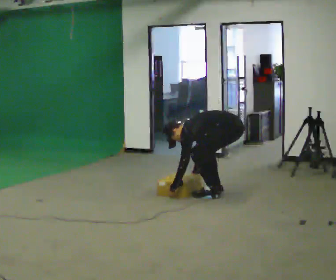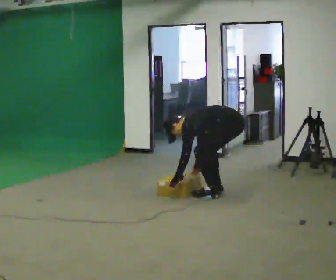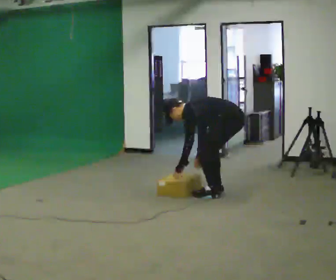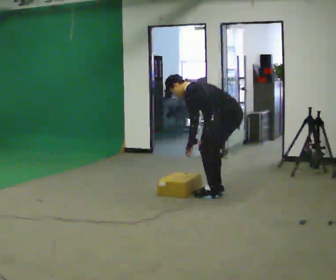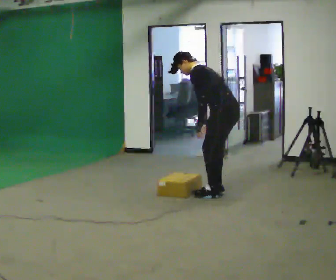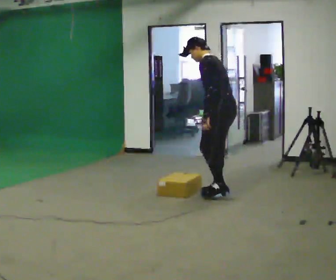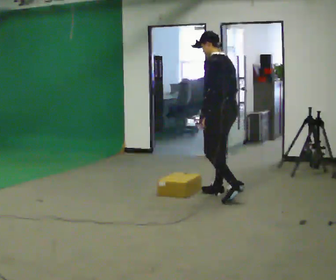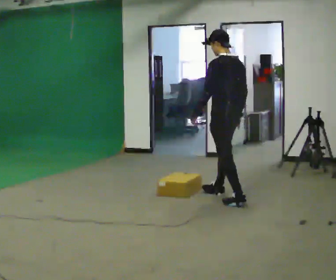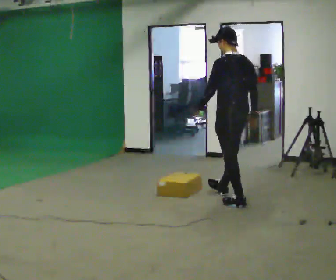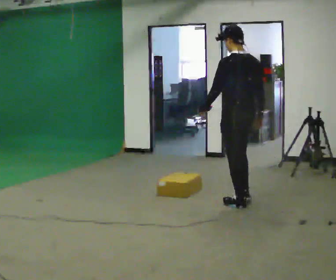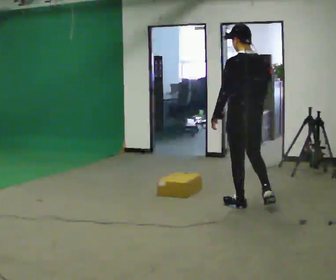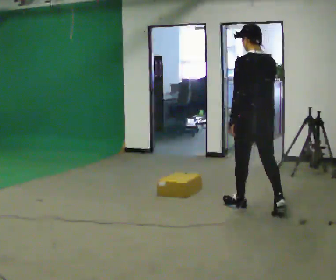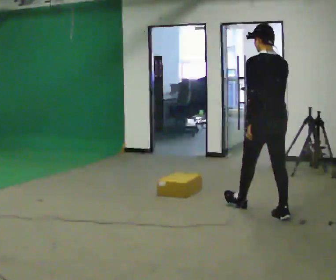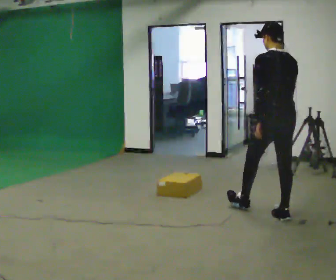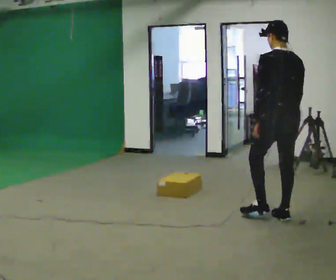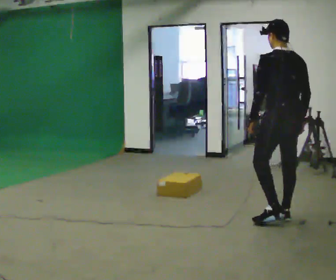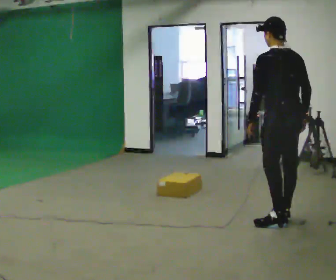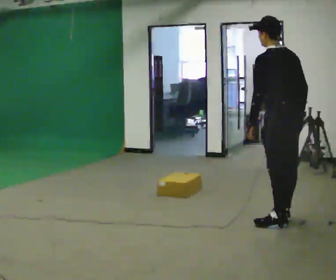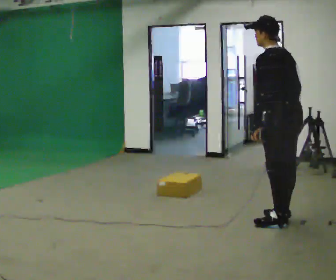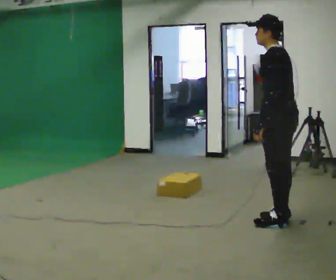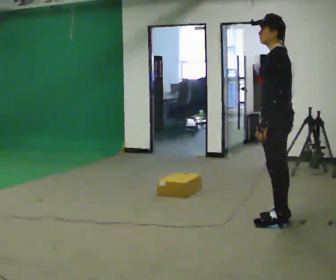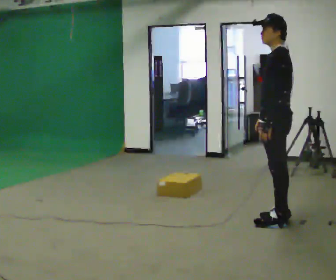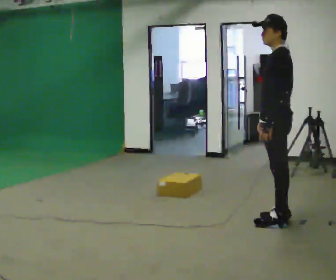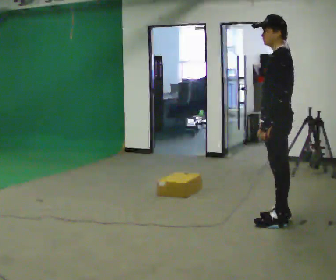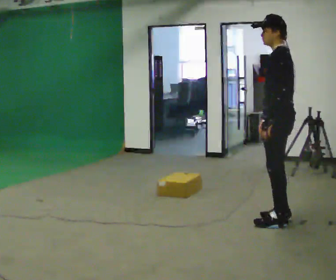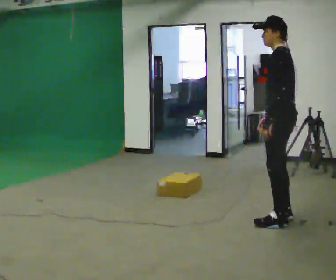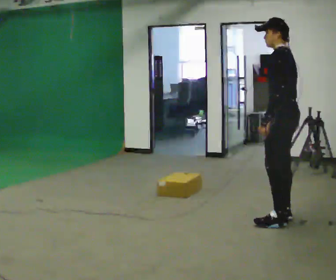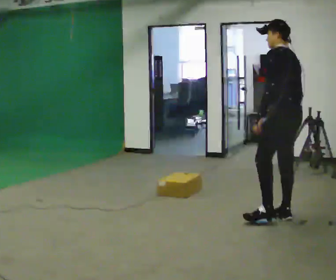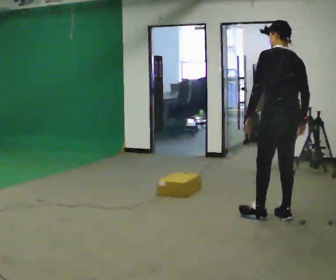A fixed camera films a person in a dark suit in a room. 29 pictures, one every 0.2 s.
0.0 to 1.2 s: The shoulders move upward. In the picture the upper body tilts clockwise, shoulders to the right, as they lean back or straighten. In the picture their right hand goes upward and to the right.
1.2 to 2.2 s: The part of the body nearest the lens slides to the left as the person turns to their right by about 30 degrees. In the picture they go toward the camera and to the right, about 0.5 m in 1 step, which for them is backward.
2.2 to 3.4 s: In the picture they go toward the camera and to the right, about 0.5 m in 1 step, which for them is backward.
3.4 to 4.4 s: The part of the body nearest the lens slides to the right as the person turns to their left by about 45 degrees. In the picture their right hand goes to the left.
4.4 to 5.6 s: The part of the body nearest the lens slides to the left as the person turns to their right by about 60 degrees. In the picture their right hand goes to the right.
The film runs backward here.
